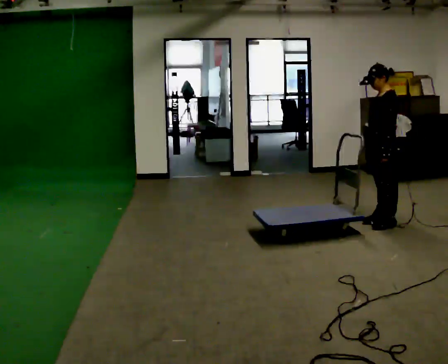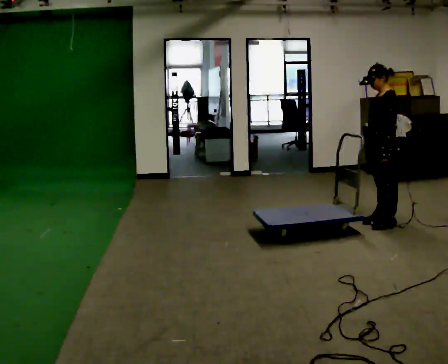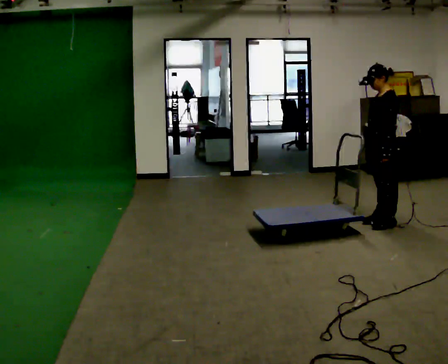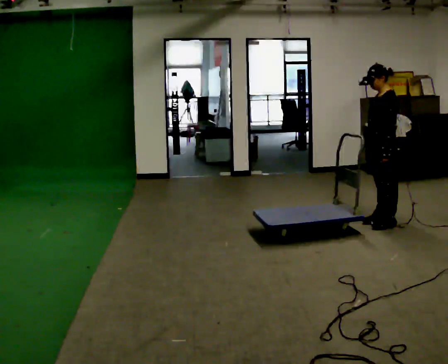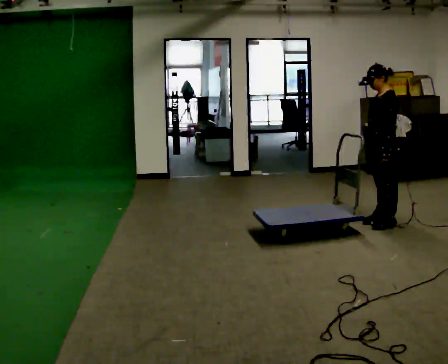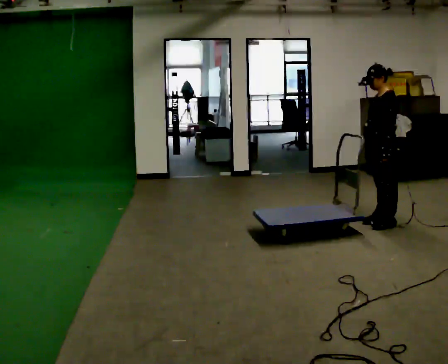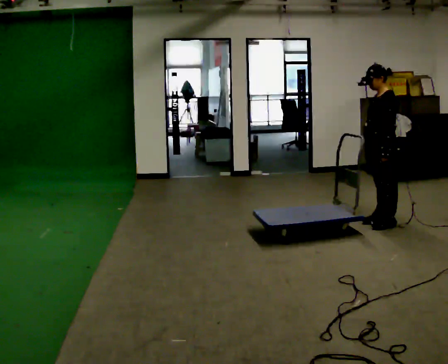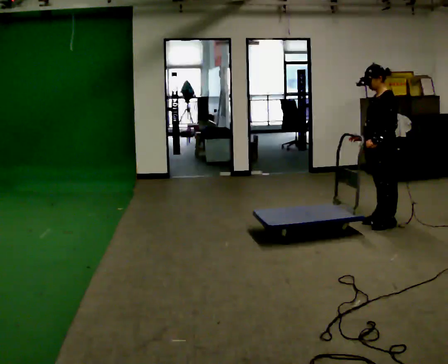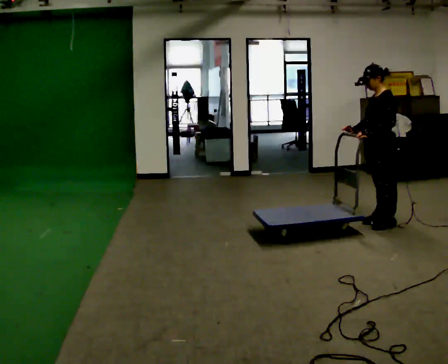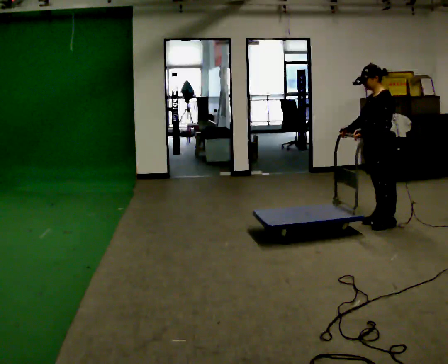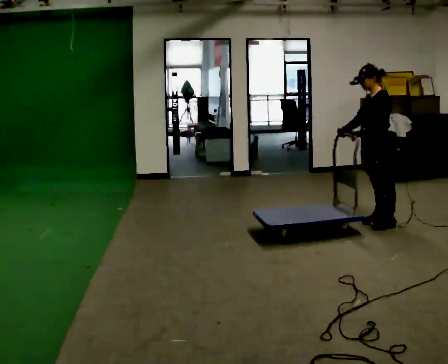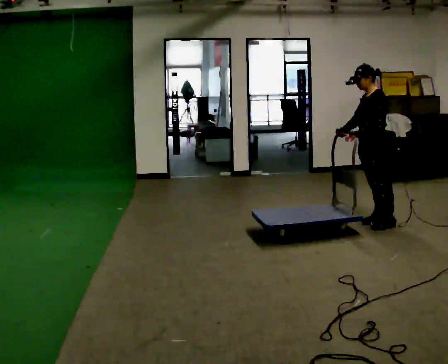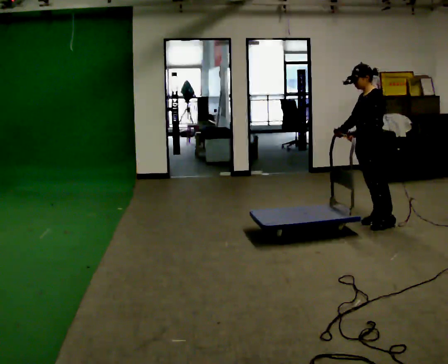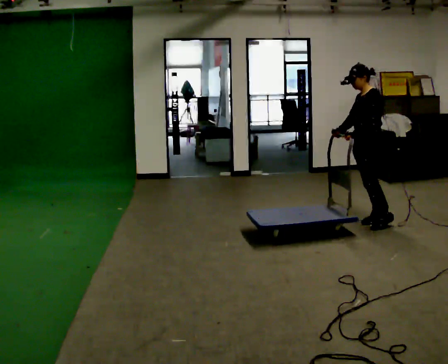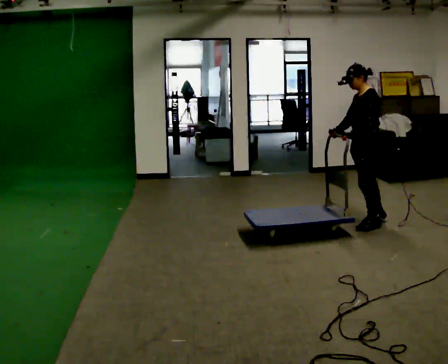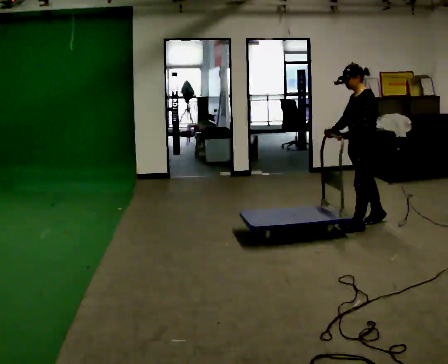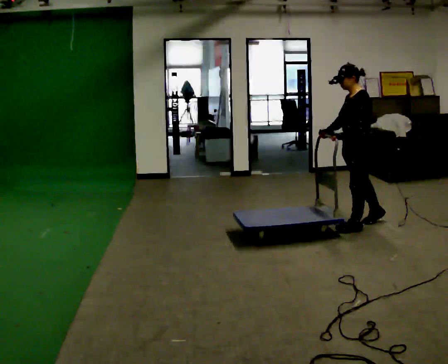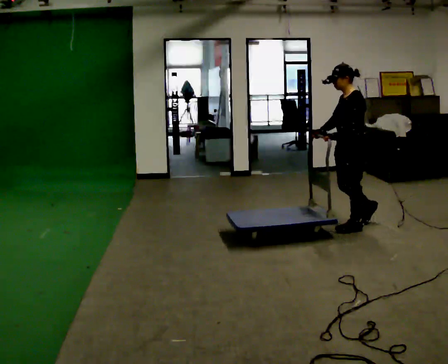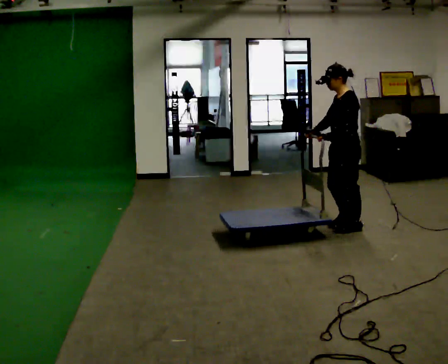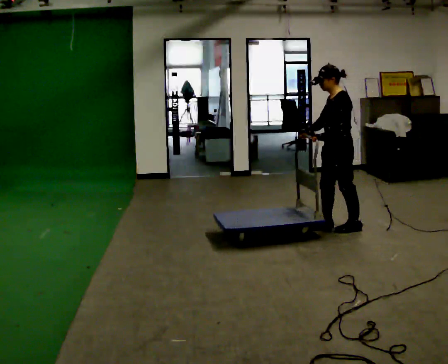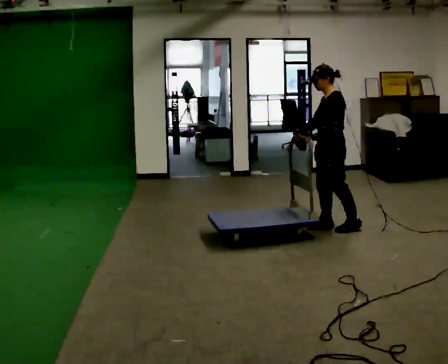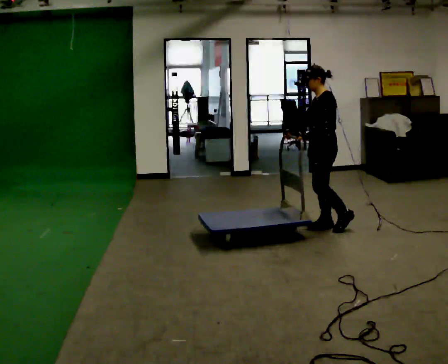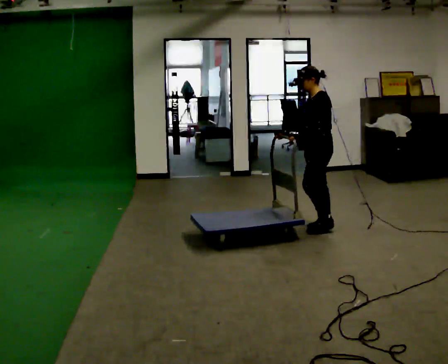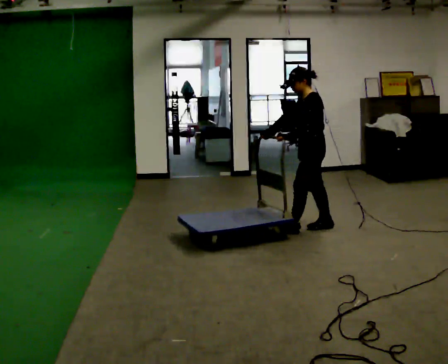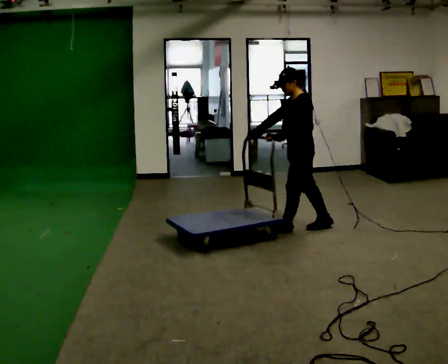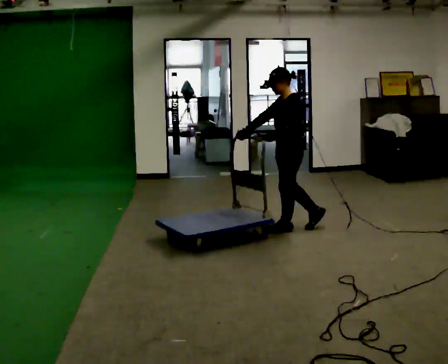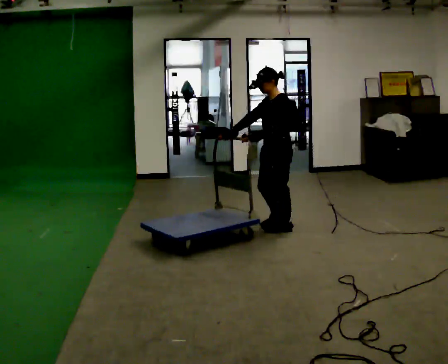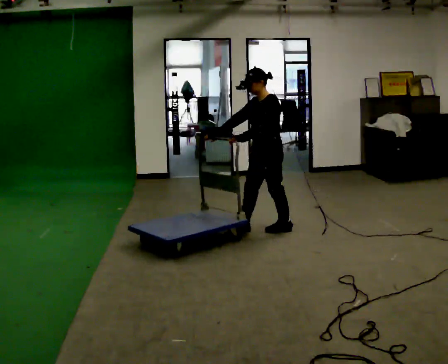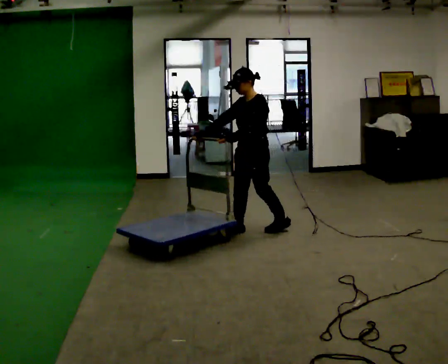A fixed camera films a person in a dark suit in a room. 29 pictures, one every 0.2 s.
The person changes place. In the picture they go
to the left.
0.0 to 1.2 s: The person keeps their place and pose.
1.2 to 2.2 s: The person moves a little, or ends about where they began.
2.2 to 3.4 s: In the picture they go to the left, about 0.25 m in 1 step, which for them is forward.
3.4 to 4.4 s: In the picture they go to the left, about 0.25 m in 1 step, which for them is forward and to their right.
4.4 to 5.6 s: The person turns about 30 degrees to their left, counterclockwise seen from above, so the part of the body nearest the lens slides to the right. In the picture they go to the left, about 0.5 m in 2 steps, which for them is forward.
The film runs forward here.
